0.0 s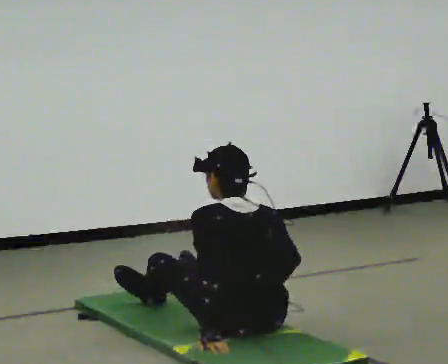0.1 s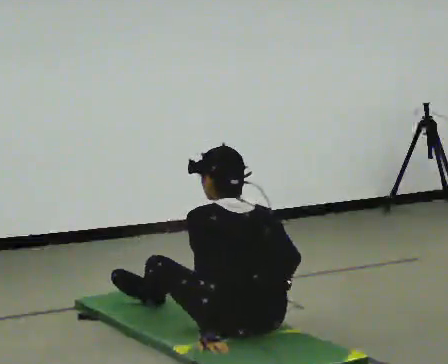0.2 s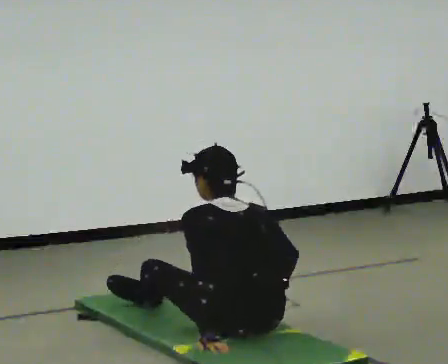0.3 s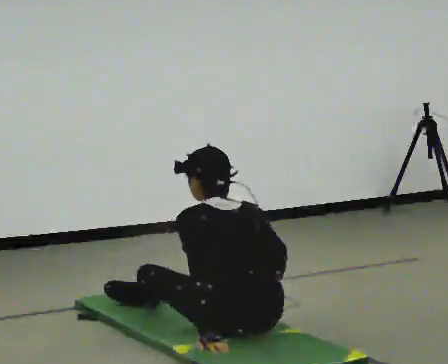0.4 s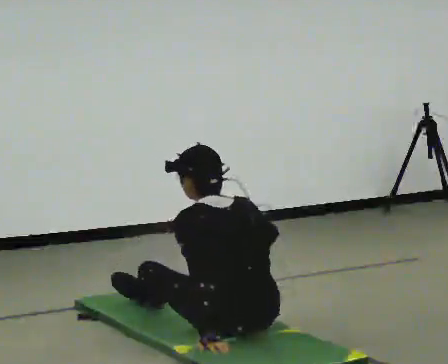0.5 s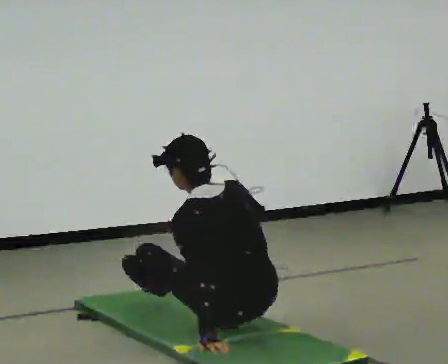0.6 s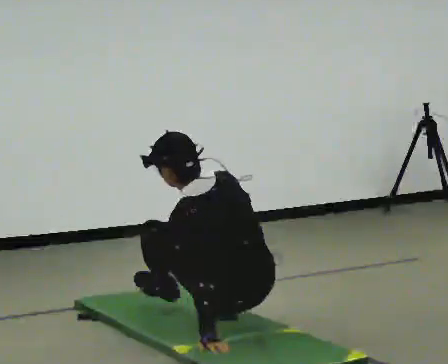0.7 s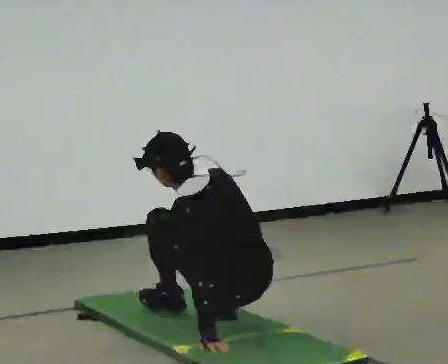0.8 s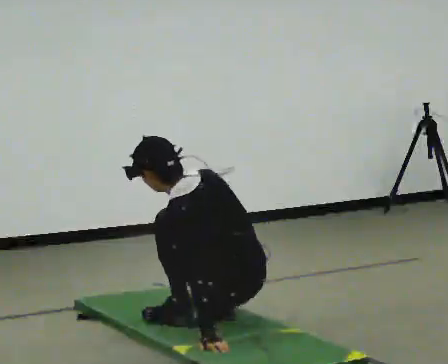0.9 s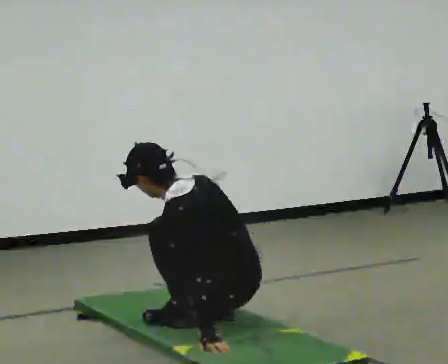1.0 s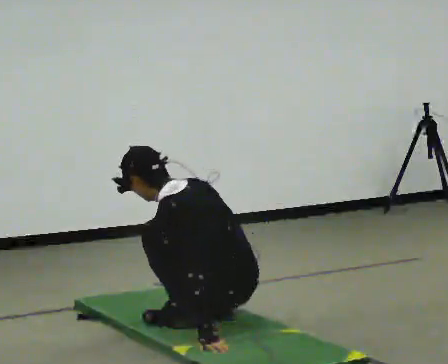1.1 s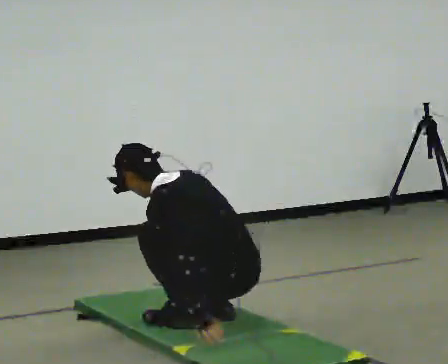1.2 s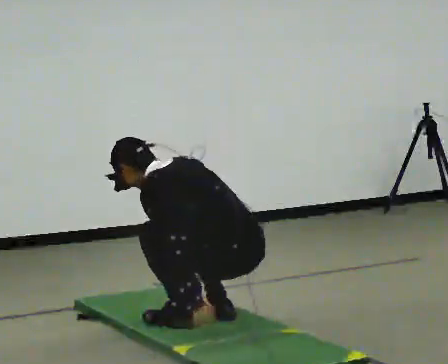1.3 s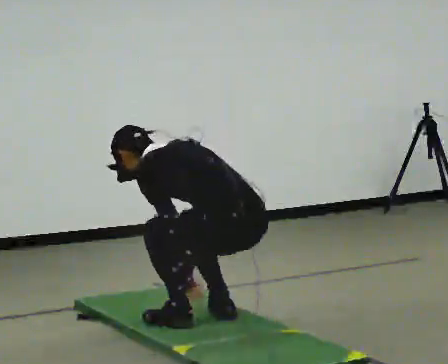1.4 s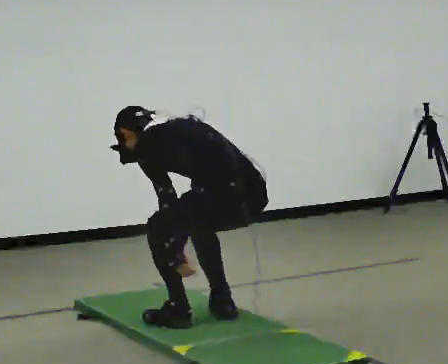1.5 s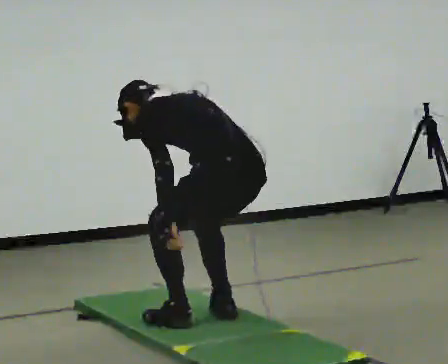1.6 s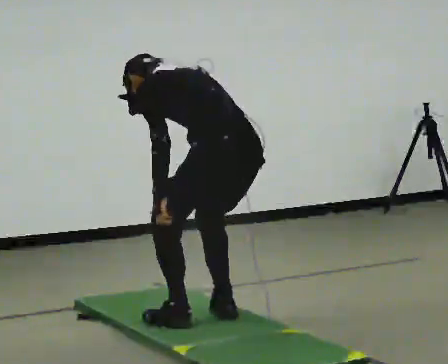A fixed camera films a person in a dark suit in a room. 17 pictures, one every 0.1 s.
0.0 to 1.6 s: In the picture they go away from the camera, about 0.25 m in 1 step, which for them is forward. The shoulders move upward. The upper body tips away from the camera, its near side rolling upward, as they bend forward. In the picture their left hand goes upward.
The film runs backward here.
